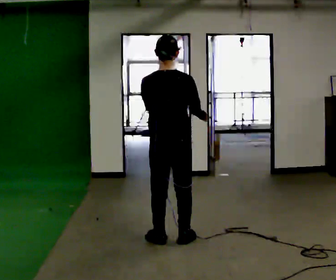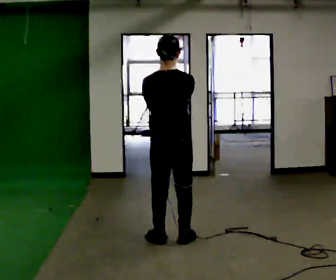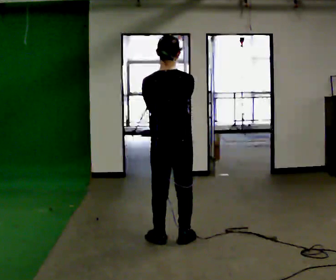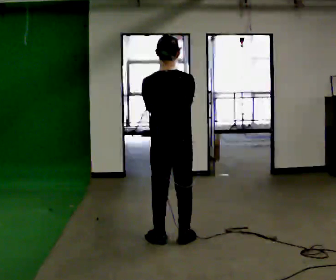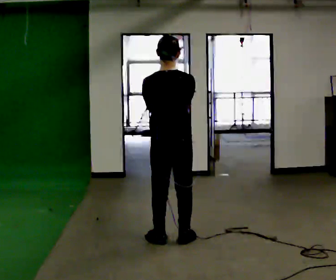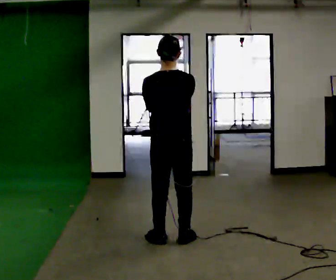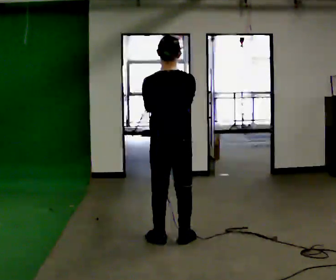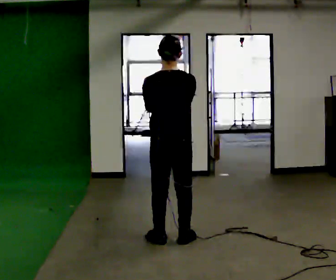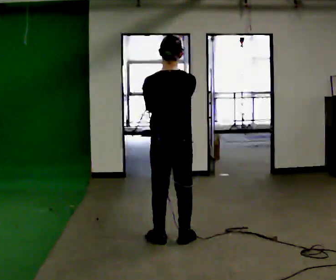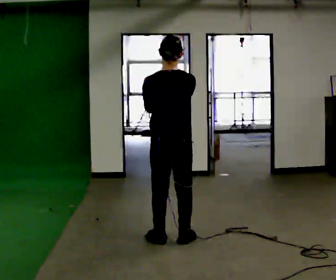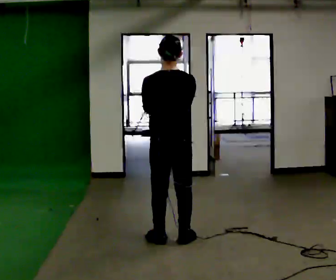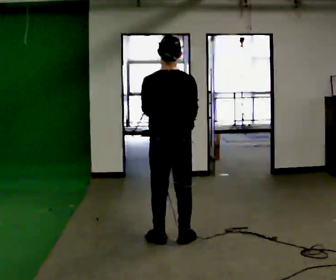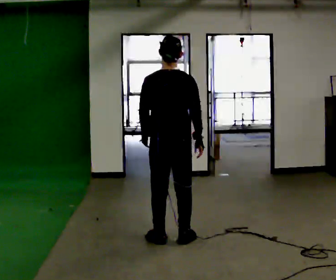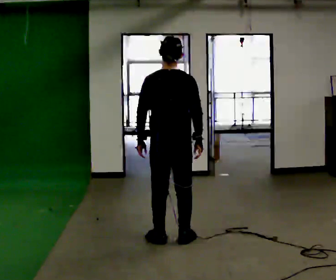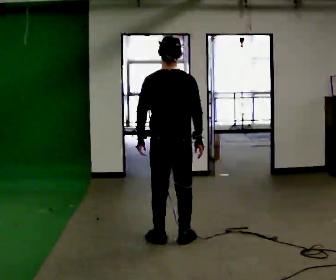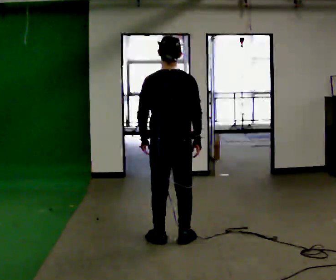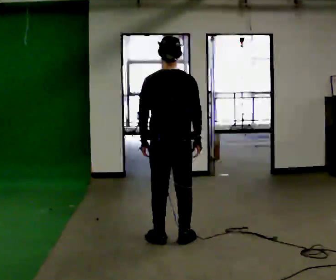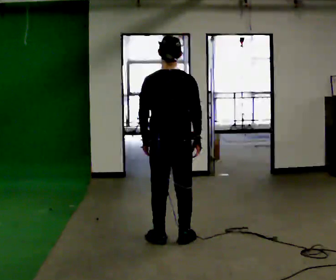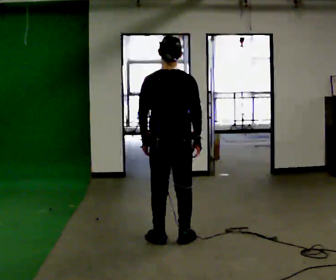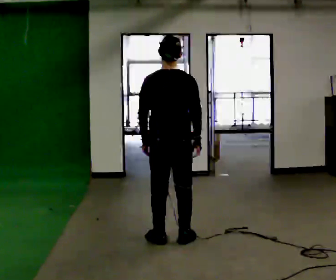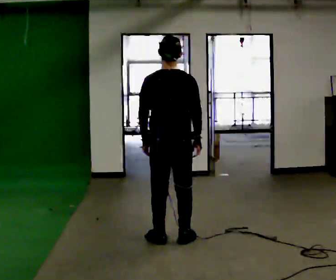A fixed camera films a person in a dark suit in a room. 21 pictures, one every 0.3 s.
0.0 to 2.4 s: The person moves a little, or ends about where they began.
2.4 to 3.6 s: In the picture their right hand goes downward and to the right.
3.6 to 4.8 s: The person moves a little, or ends about where they began.
4.8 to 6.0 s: The person keeps their place and pose.
The film runs forward here.
